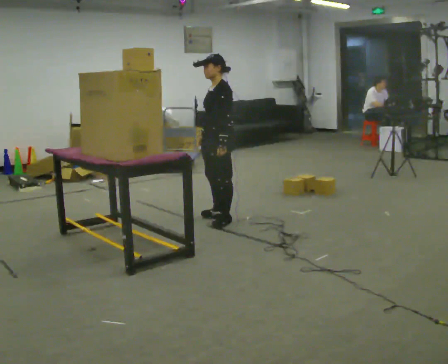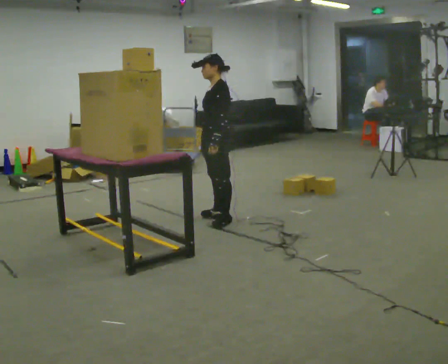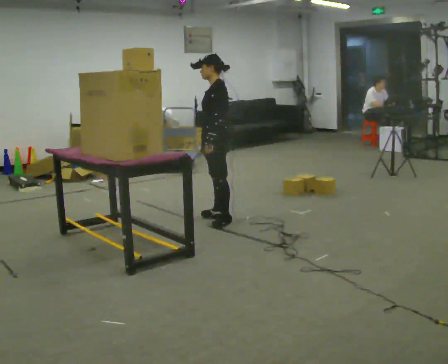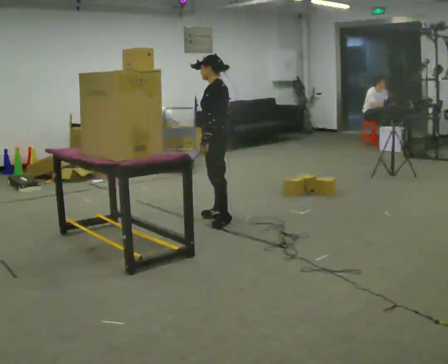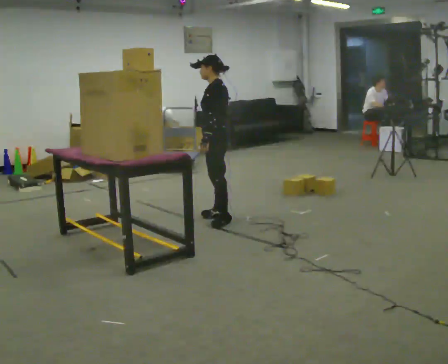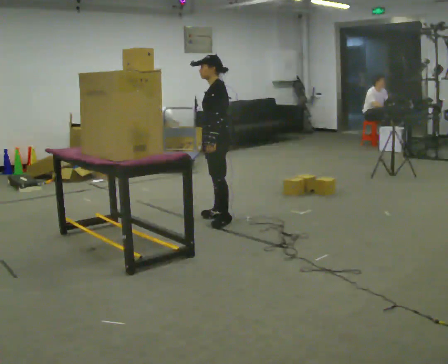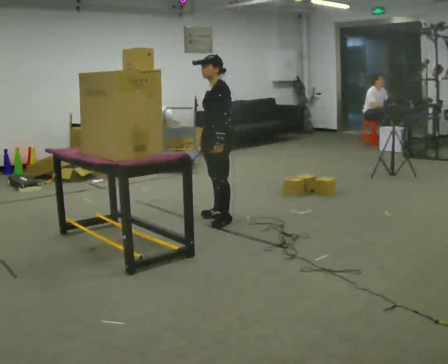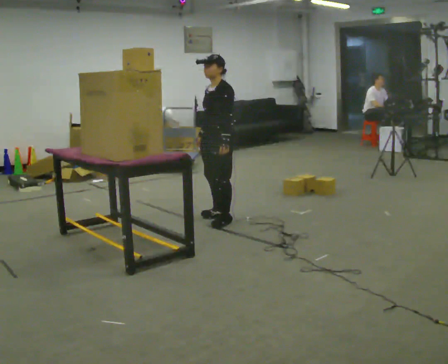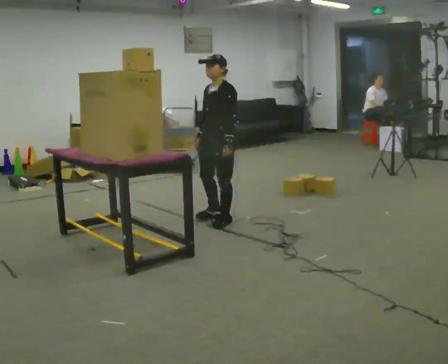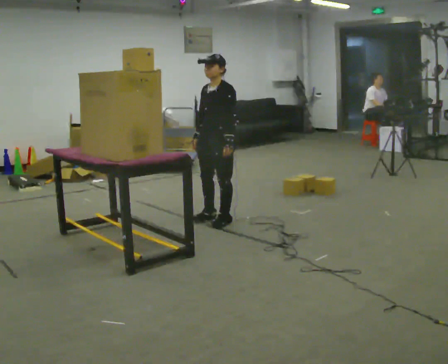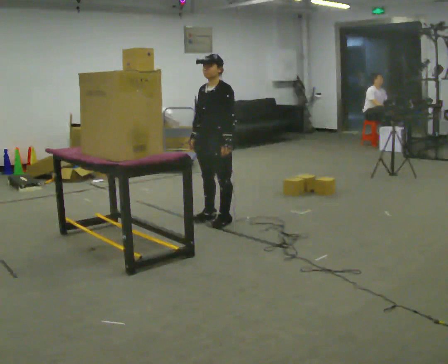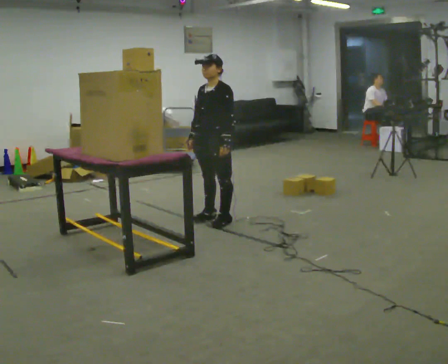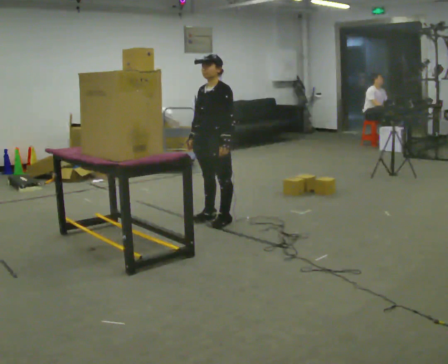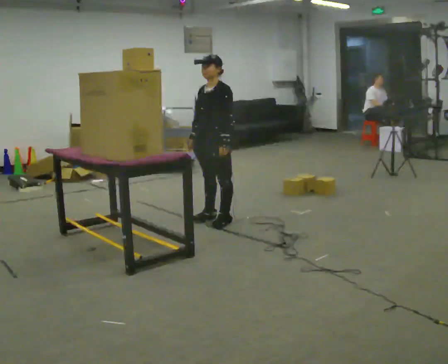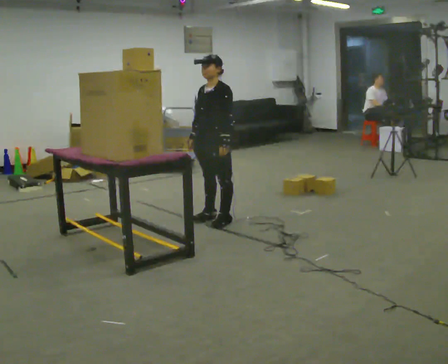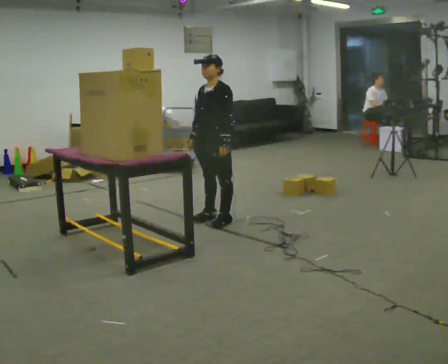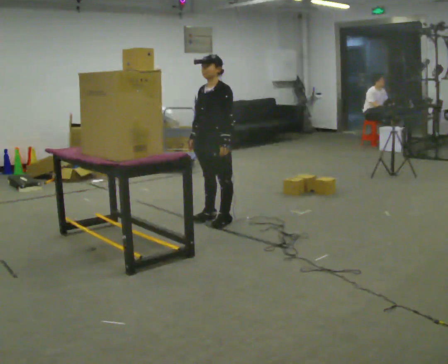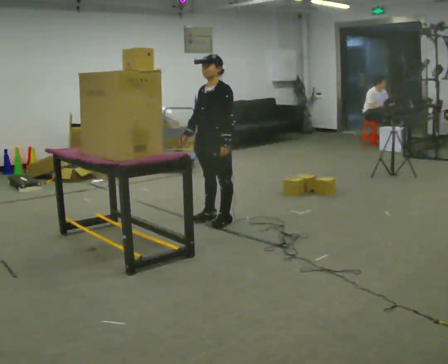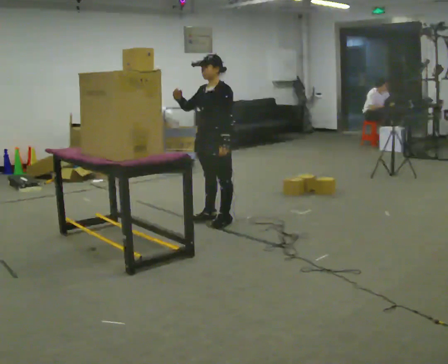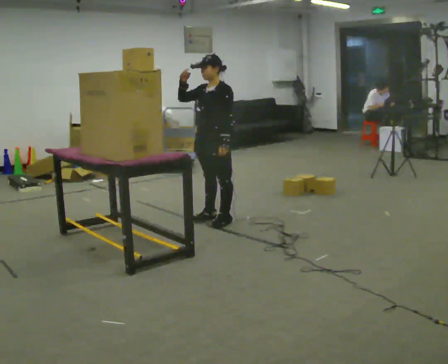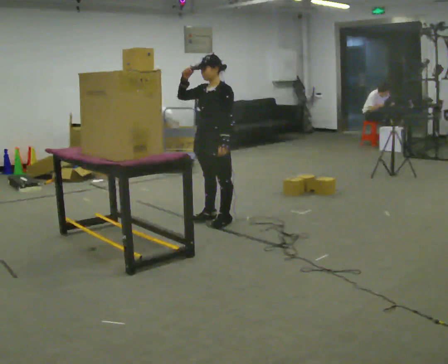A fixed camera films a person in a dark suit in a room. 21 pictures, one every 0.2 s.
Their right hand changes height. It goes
upward.
0.0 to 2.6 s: The part of the body nearest the lens slides to the right as the person turns to their left by about 30 degrees.
2.6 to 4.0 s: In the picture their right hand goes upward.
The film runs forward here.
